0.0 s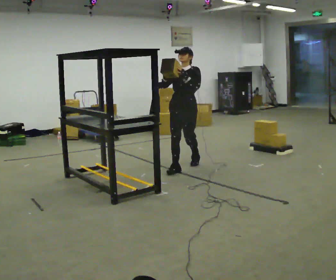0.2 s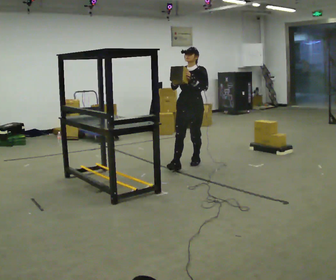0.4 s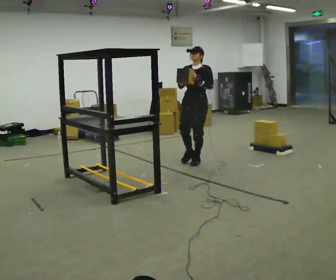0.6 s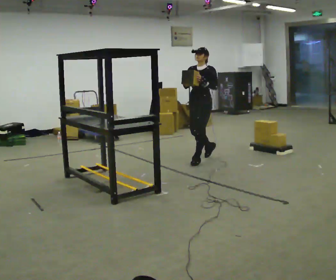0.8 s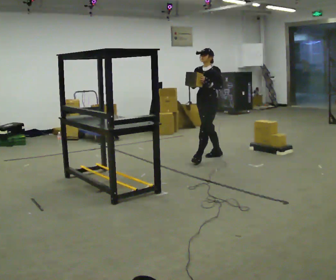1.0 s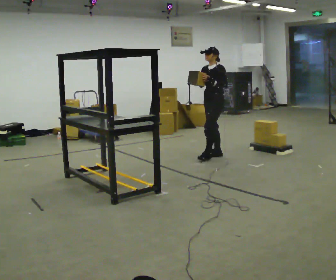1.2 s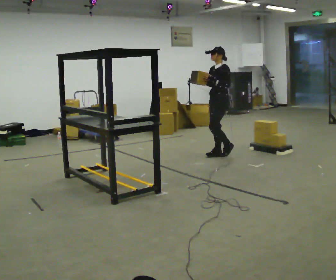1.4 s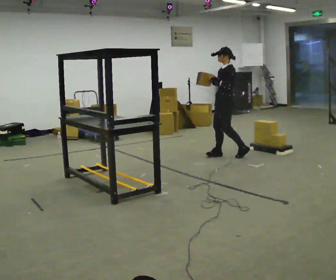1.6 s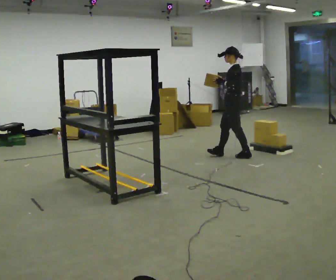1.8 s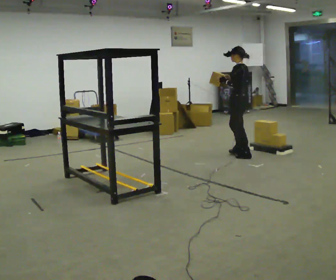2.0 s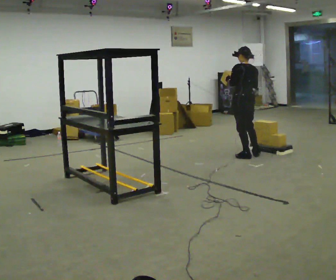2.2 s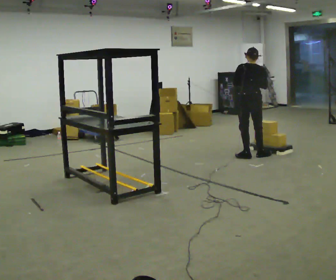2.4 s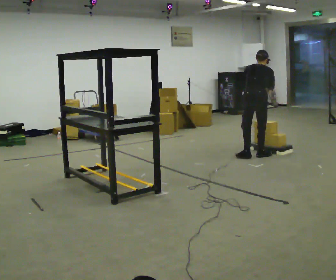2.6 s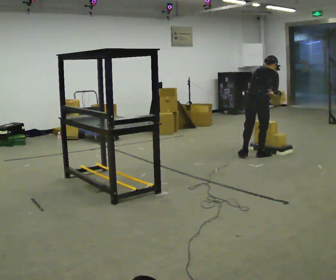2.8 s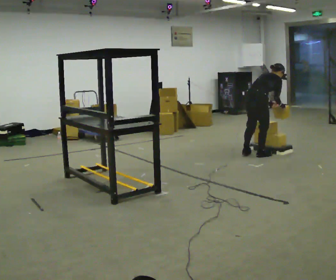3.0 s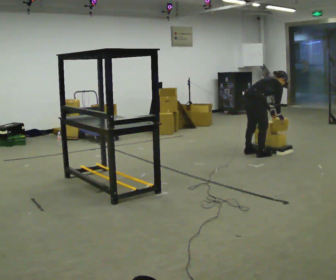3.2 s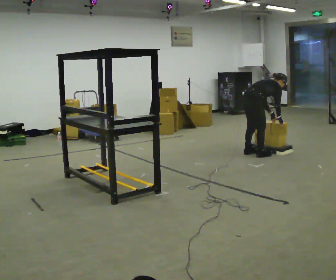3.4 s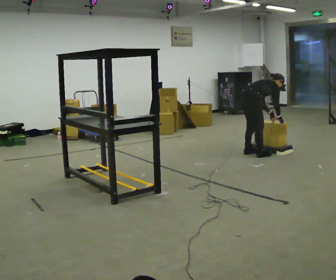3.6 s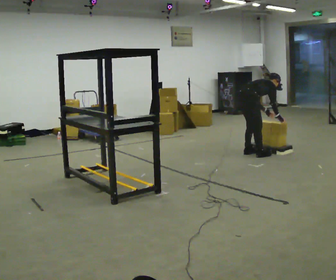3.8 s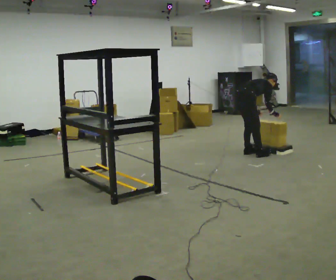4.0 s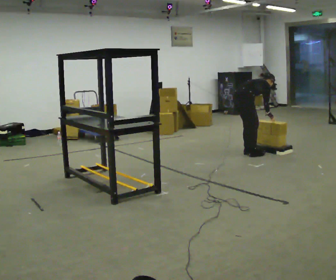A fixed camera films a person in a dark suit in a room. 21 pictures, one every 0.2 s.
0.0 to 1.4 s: The person turns about 60 degrees to their right, clockwise seen from above, so the part of the body nearest the lens slides to the left. In the picture they go away from the camera and to the right, about 1 m in 2 steps, which for them is backward.
1.4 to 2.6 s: The person turns about 135 degrees to their right, clockwise seen from above, so the part of the body nearest the lens slides to the left. In the picture they go to the right, about 0.5 m in 1 step. The upper body tips away from the camera, its near side rolling upward, as they bend forward.
2.6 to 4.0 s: Seen from above the body turns clockwise, about 30 degrees: to their right, with its near side sliding to the left. In the picture they go away from the camera and to the left, about 0.25 m in 2 steps, which for them is to their left. The upper body goes downward. In the picture the upper body tilts clockwise, shoulders to the right, as they bend forward. In the picture their right hand goes downward.
The film runs backward here.
